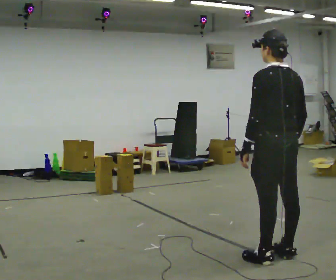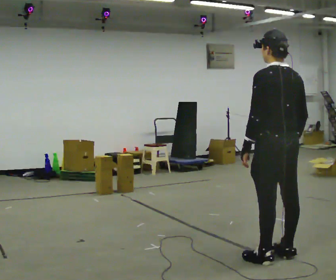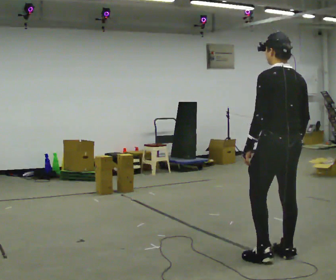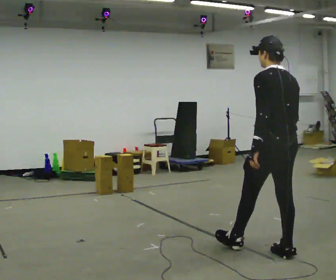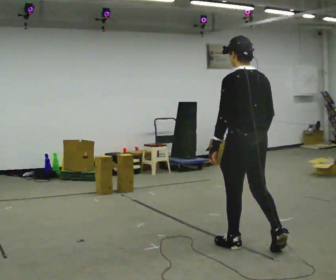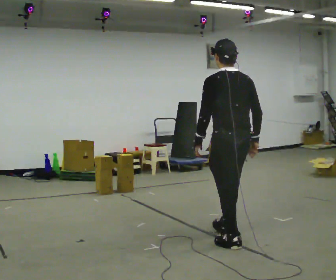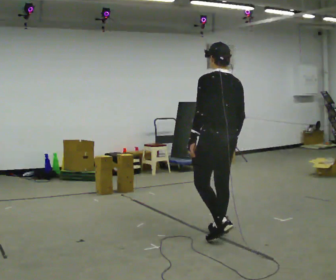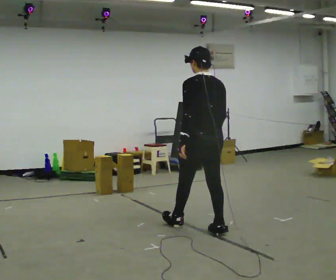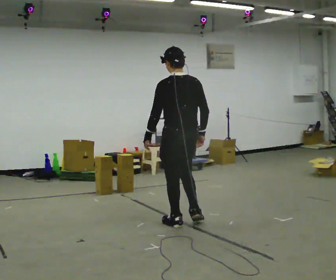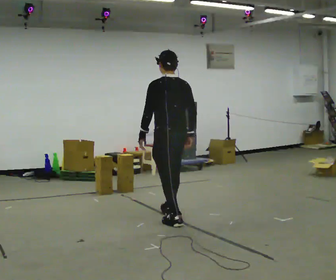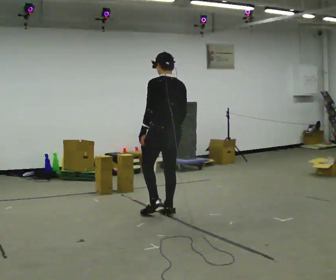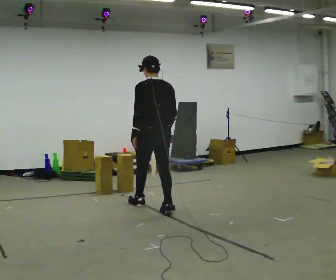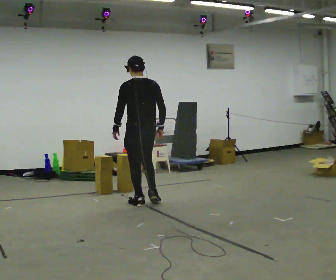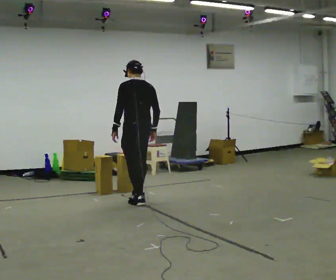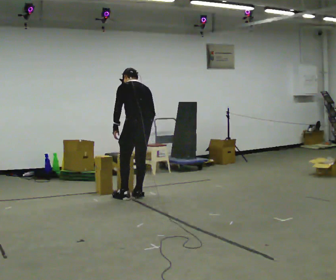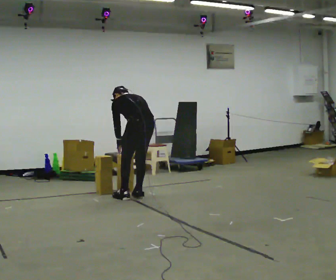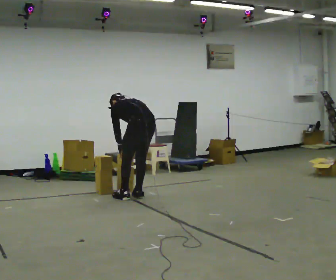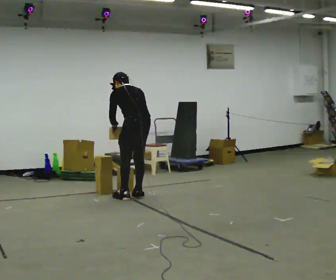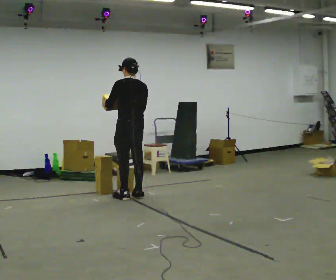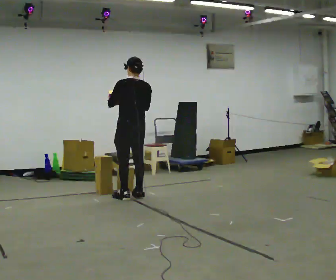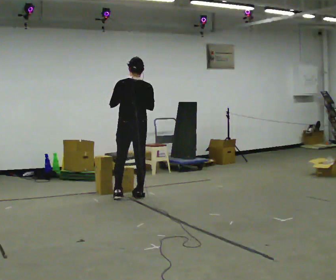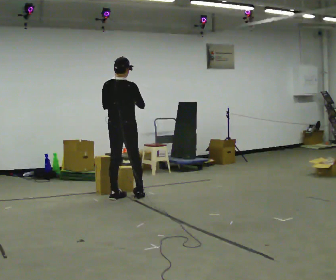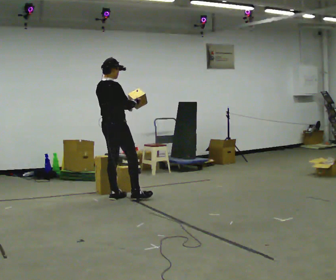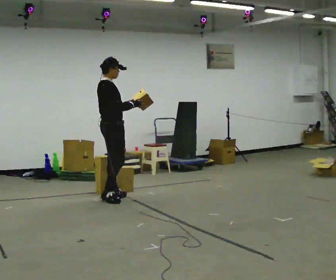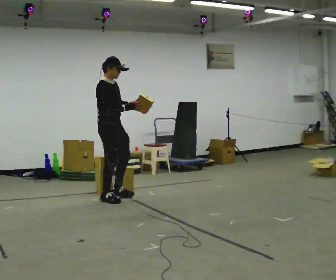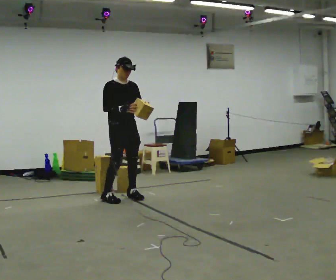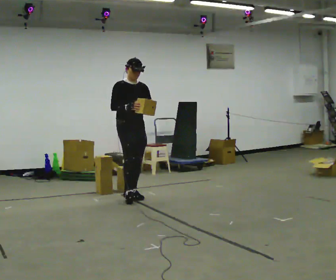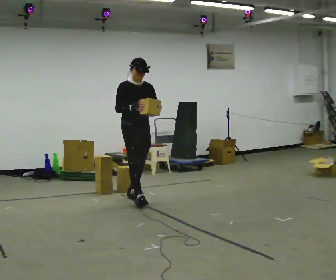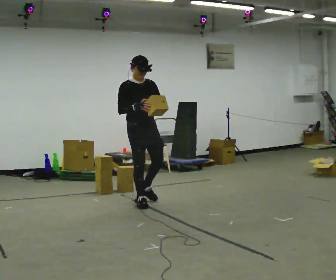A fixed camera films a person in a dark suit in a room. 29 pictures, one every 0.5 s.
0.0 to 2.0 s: In the picture they go away from the camera and to the left, about 0.25 m in 1 step, which for them is forward.
2.0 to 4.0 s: In the picture they go away from the camera and to the left, about 1 m in 2 steps, which for them is forward.
4.0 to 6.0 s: In the picture they go away from the camera and to the left, about 1 m in 2 steps, which for them is forward.
6.0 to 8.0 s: In the picture they go away from the camera, about 0.25 m in 2 steps, which for them is forward and to their right. The shoulders move downward. The upper body tips away from the camera, its near side rolling upward, as they bend forward.
8.0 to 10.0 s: Seen from above the body turns clockwise, about 30 degrees: to their right, with its near side sliding to the left. The upper body goes upward. The upper body tips toward the camera, its near side rolling downward, as they lean back or straighten. In the picture their left hand goes upward.
10.0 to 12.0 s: The person turns about 120 degrees to their right, clockwise seen from above, so the part of the body nearest the lens slides to the left. In the picture they go to the left, about 0.25 m in 2 steps.
12.0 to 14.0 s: Seen from above the body turns clockwise, about 45 degrees: to their right, with its near side sliding to the left. In the picture they go to the right and toward the camera, about 0.5 m in 2 steps, which for them is forward and to their left.
The film runs forward here.
